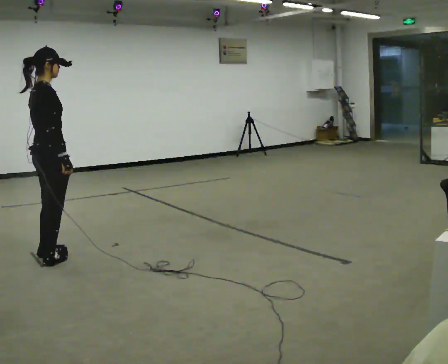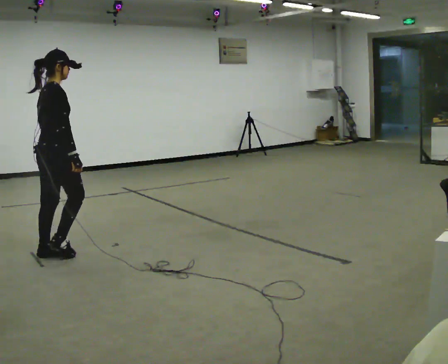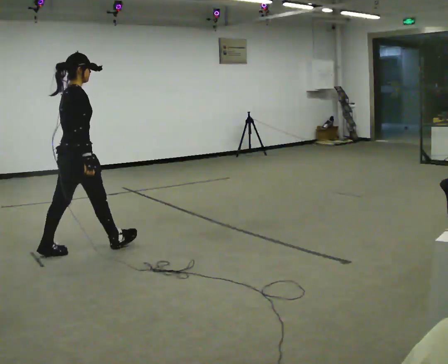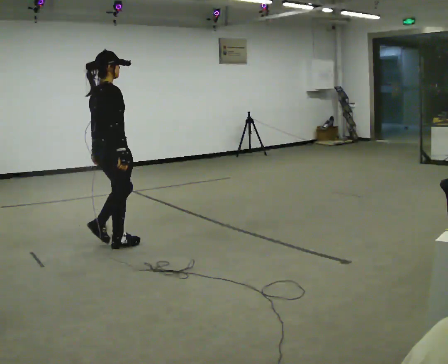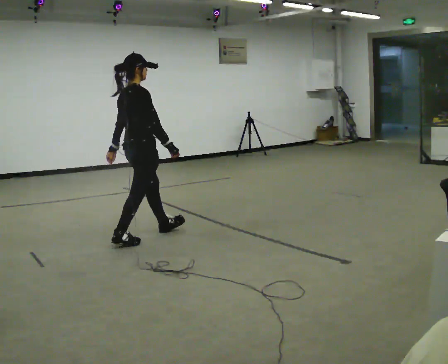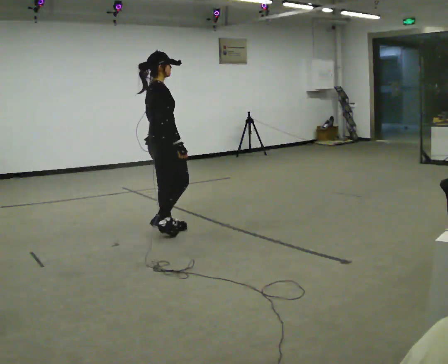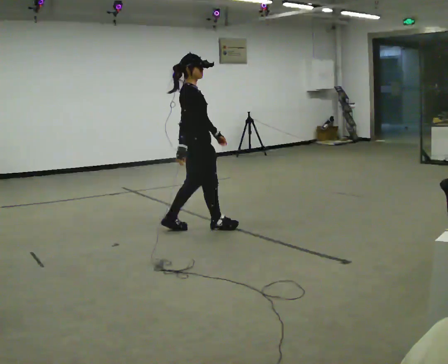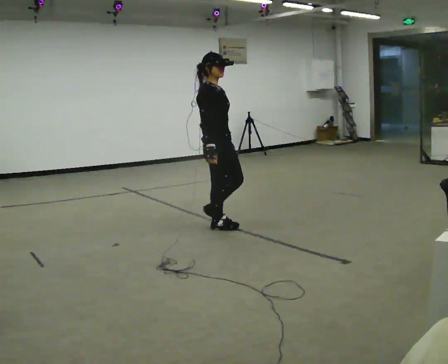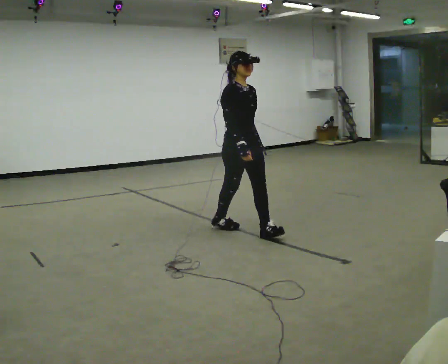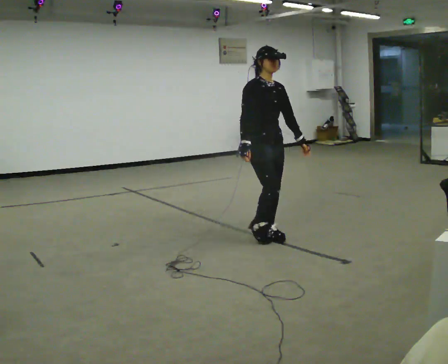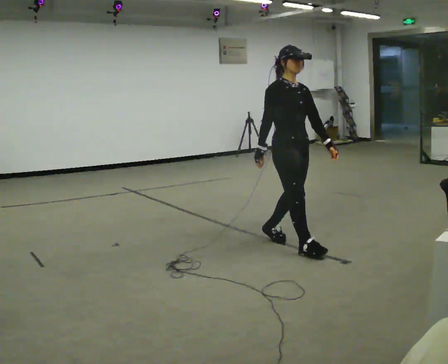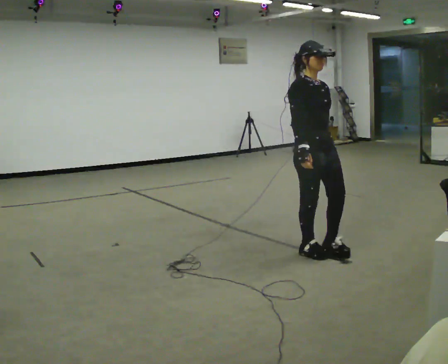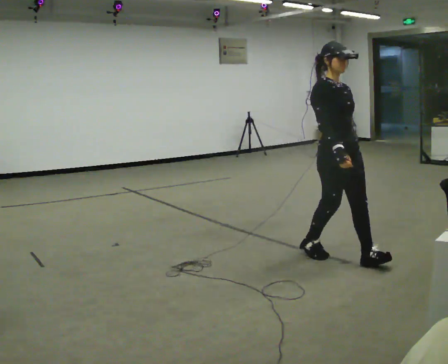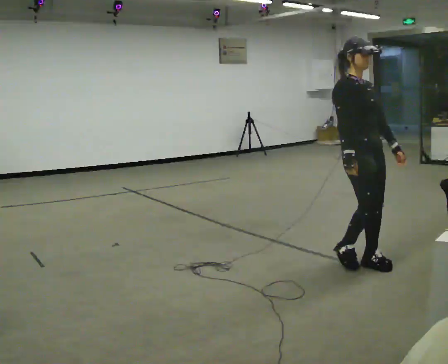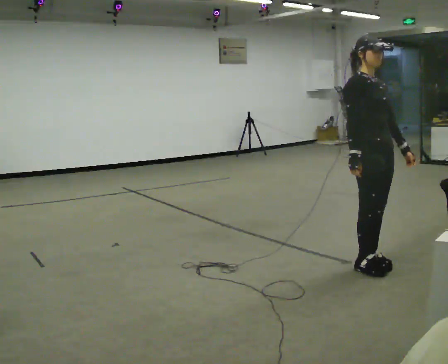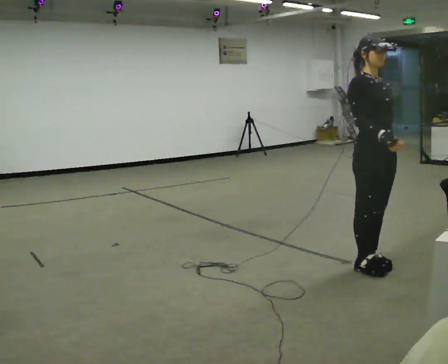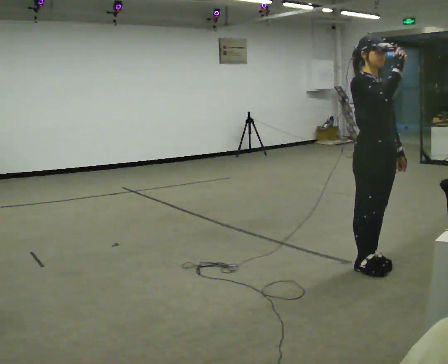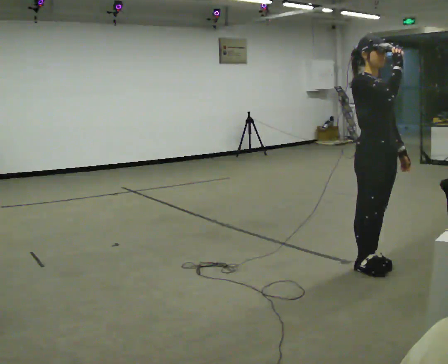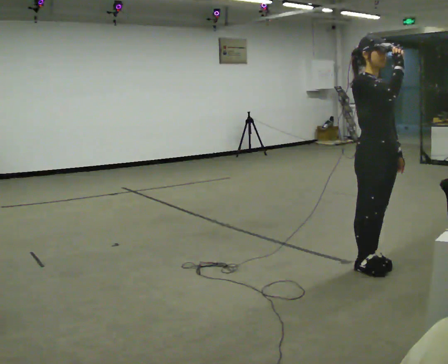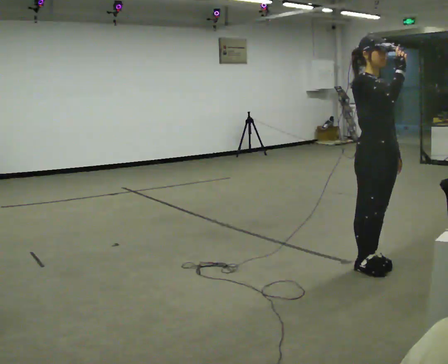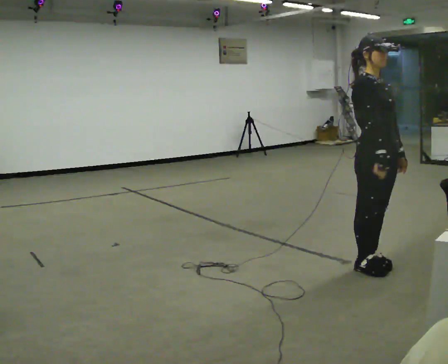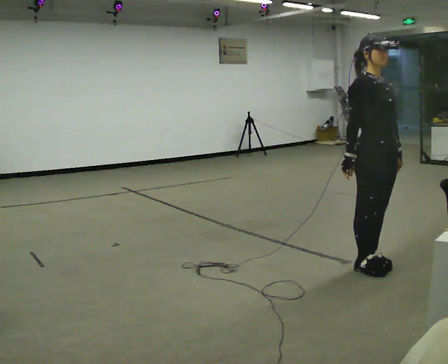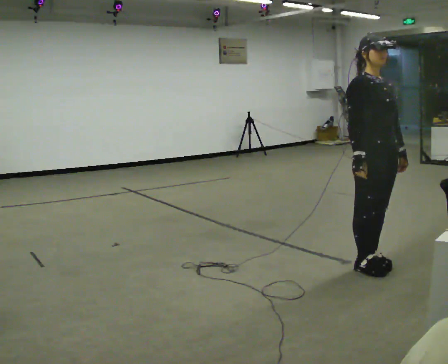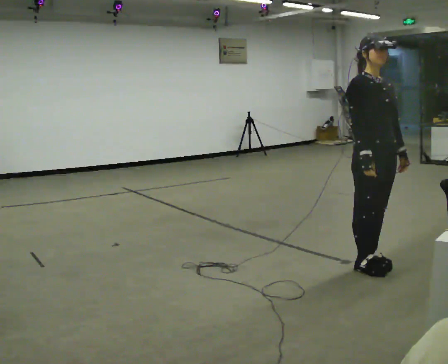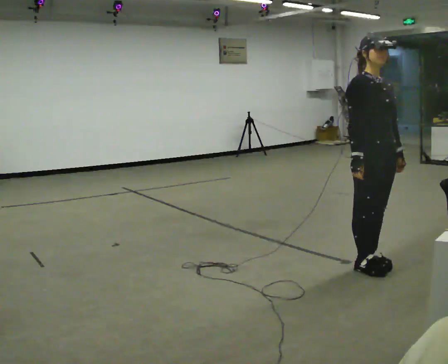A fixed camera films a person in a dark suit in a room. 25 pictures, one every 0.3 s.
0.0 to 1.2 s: In the picture they go away from the camera and to the right, about 1 m in 2 steps, which for them is forward.
1.2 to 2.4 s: The part of the body nearest the lens slides to the left as the person turns to their right by about 90 degrees. In the picture they go to the right, about 1 m in 2 steps.
2.4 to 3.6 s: In the picture they go to the right and toward the camera, about 1 m in 2 steps, which for them is forward.
3.6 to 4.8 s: In the picture they go toward the camera and to the right, about 0.25 m in 1 step, which for them is forward. In the picture their right hand goes upward and to the right.
4.8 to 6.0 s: In the picture their right hand goes downward.
6.0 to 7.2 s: The person moves a little, or ends about where they began.
The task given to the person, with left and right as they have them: Walk; turn 90° left/right; walk several steps; stop.
The film runs forward here.
